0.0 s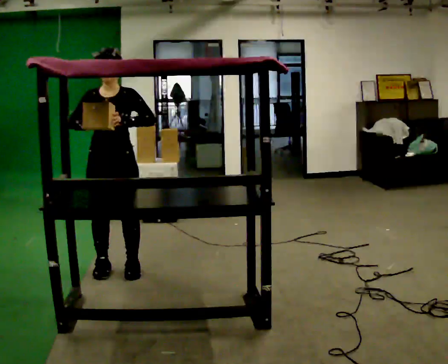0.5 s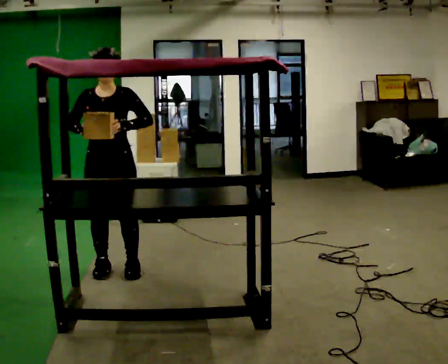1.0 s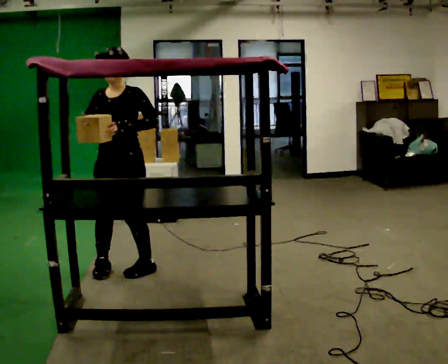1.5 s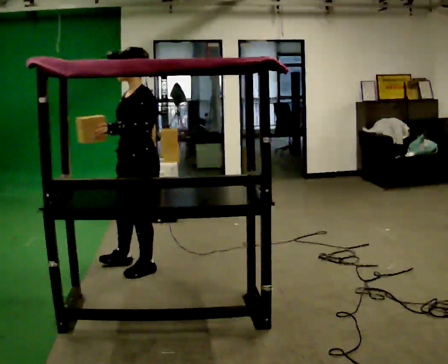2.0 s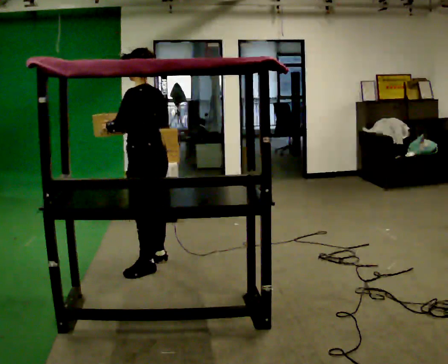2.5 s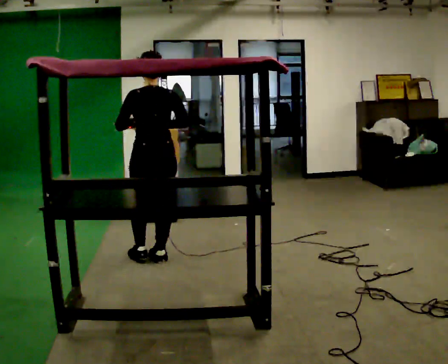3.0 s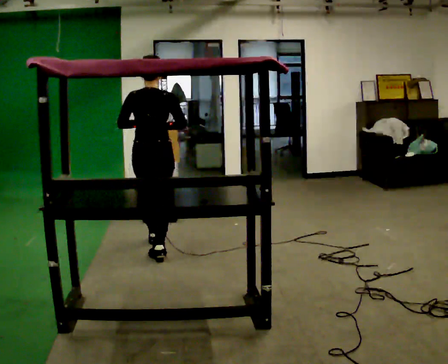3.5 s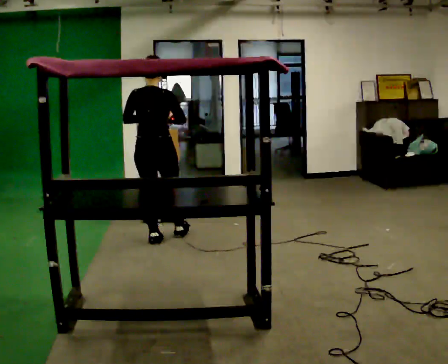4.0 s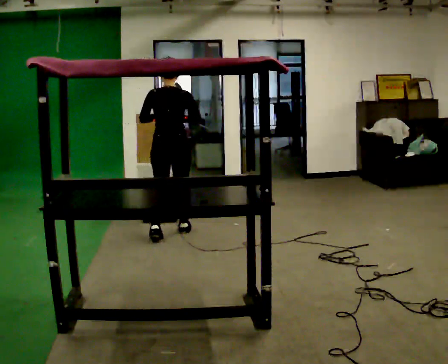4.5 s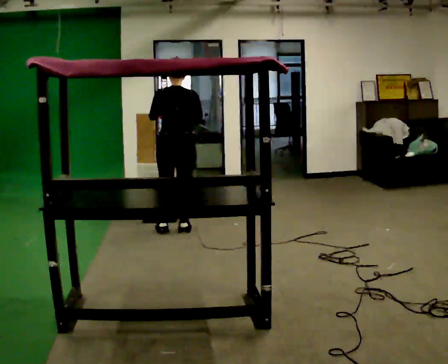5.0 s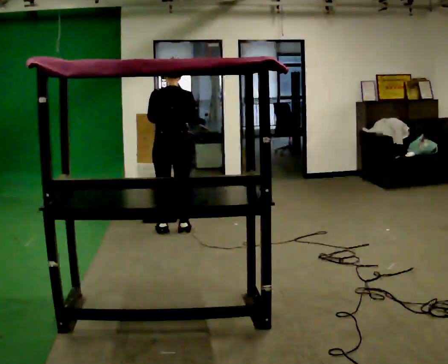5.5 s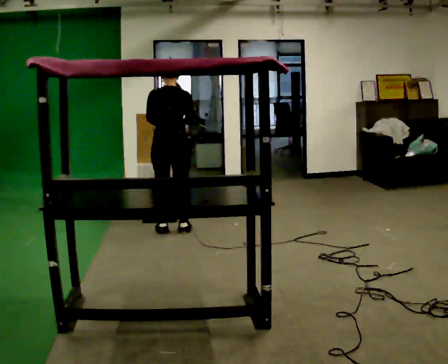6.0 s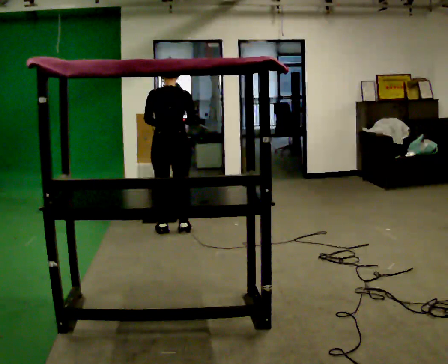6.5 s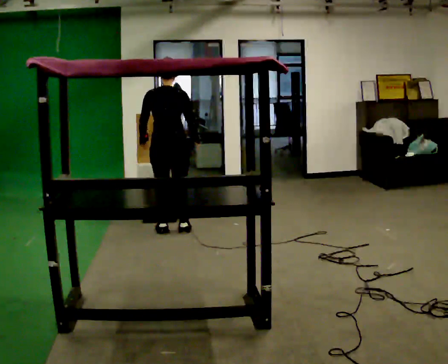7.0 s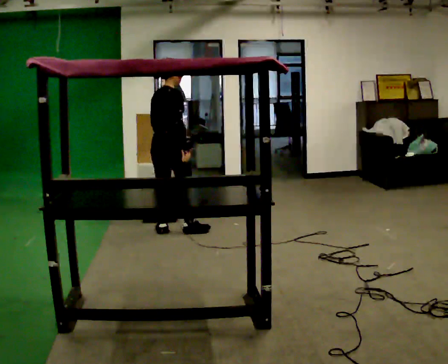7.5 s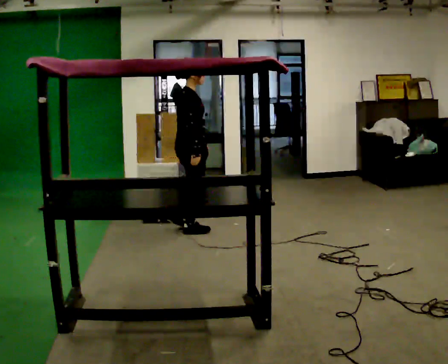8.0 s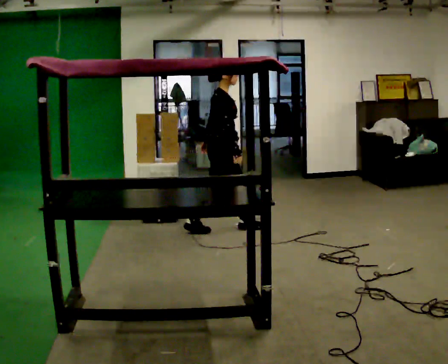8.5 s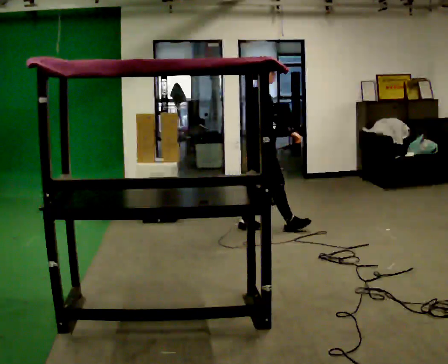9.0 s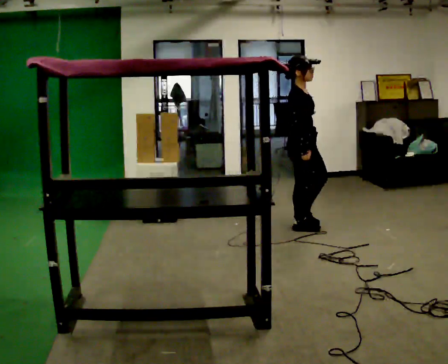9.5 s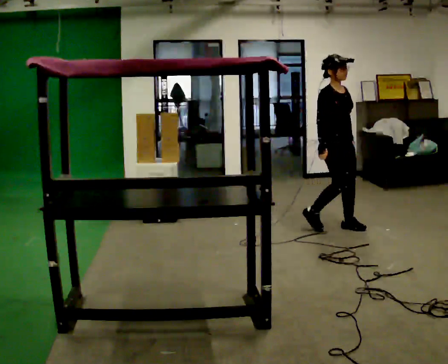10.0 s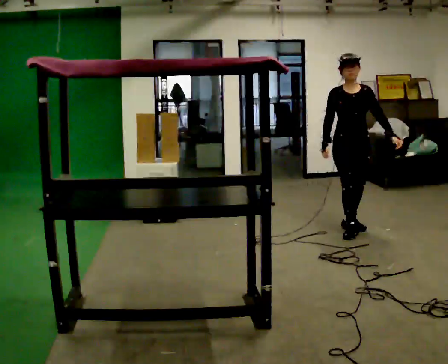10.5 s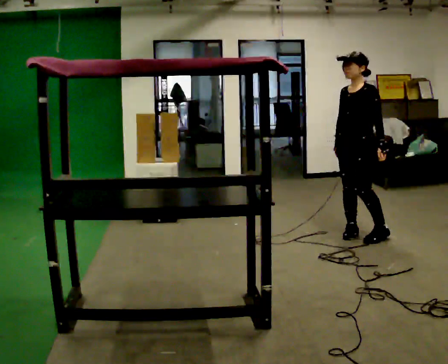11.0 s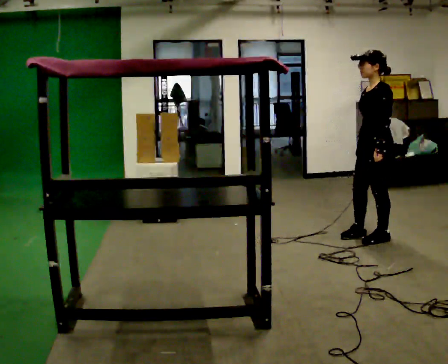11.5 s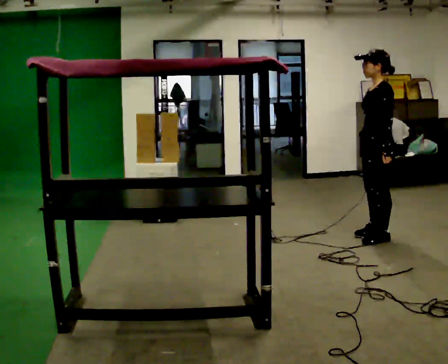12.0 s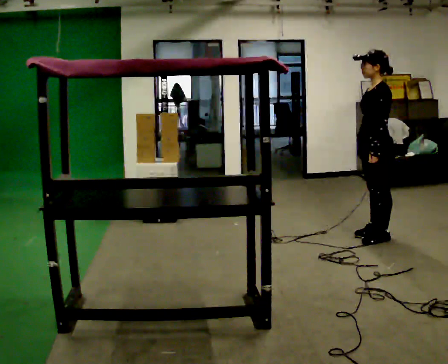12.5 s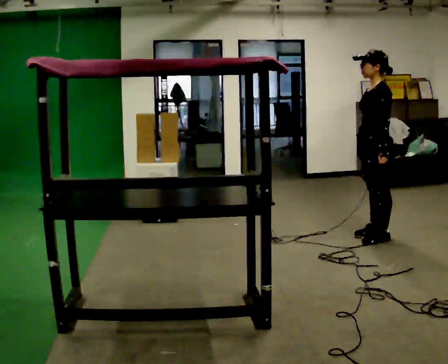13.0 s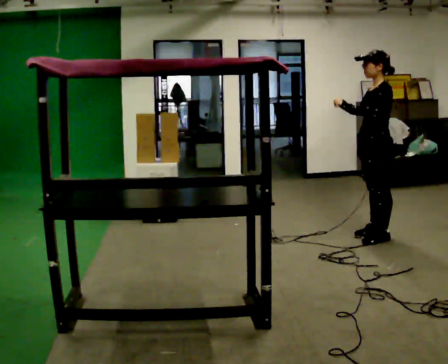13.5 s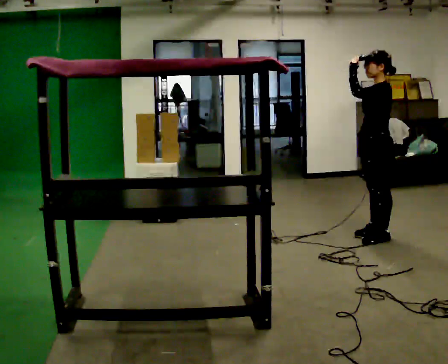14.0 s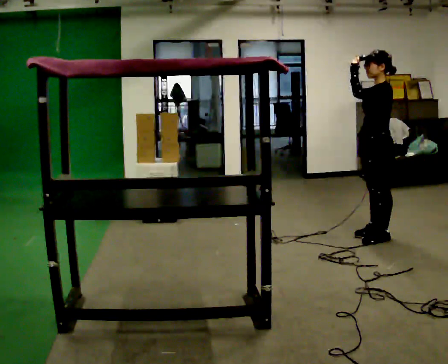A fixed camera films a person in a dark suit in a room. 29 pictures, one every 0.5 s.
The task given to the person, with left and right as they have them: Take an object down from the highest shelf you can comfortably reach, carry it across, and place it on the waist-height shelf. Keep going until the operator says stop; one object at a time, and do not rush between trips.
0.0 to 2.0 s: Seen from above the body turns clockwise, about 120 degrees: to their right, with its near side sliding to the left. In the picture they go to the right, about 0.25 m in 1 step.
2.0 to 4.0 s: The person turns about 60 degrees to their right, clockwise seen from above, so the part of the body nearest the lens slides to the left. In the picture they go away from the camera, about 1 m in 2 steps.
4.0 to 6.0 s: The person moves a little, or ends about where they began.
6.0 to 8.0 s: Seen from above the body turns clockwise, about 90 degrees: to their right, with its near side sliding to the left. In the picture they go to the right, about 0.5 m in 1 step.
8.0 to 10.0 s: The person turns about 90 degrees to their right, clockwise seen from above, so the part of the body nearest the lens slides to the left. In the picture they go to the right, about 1 m in 3 steps.
10.0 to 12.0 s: The person turns about 90 degrees to their right, clockwise seen from above, so the part of the body nearest the lens slides to the left. In the picture they go toward the camera, about 0.25 m in 2 steps.
12.0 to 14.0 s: In the picture their left hand goes upward.
The film runs forward here.
